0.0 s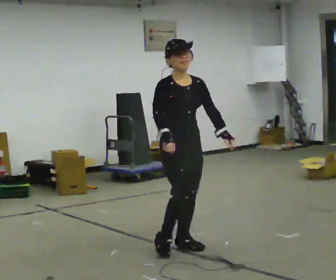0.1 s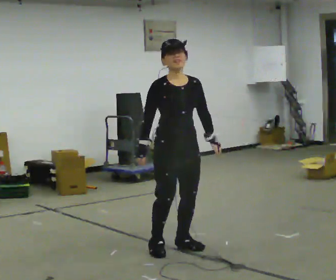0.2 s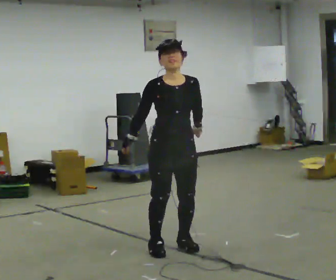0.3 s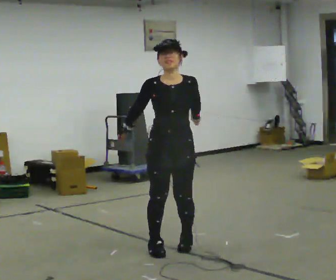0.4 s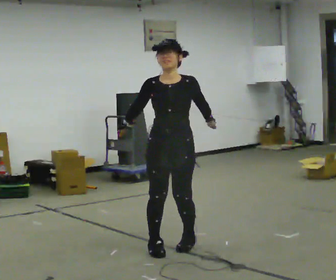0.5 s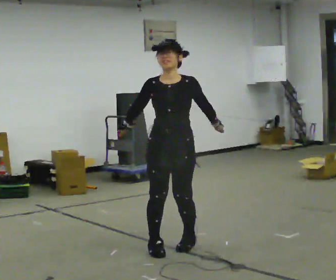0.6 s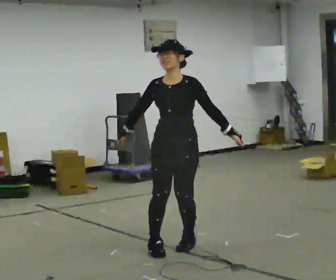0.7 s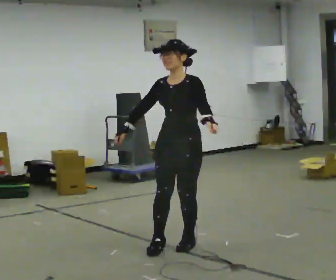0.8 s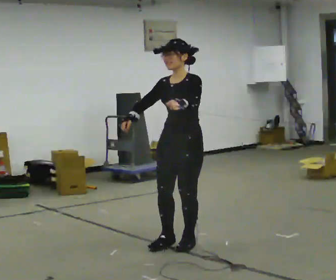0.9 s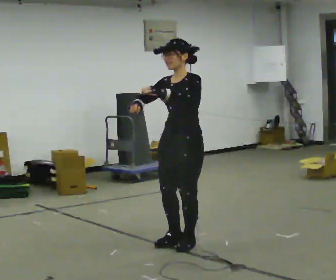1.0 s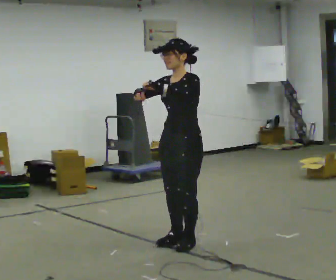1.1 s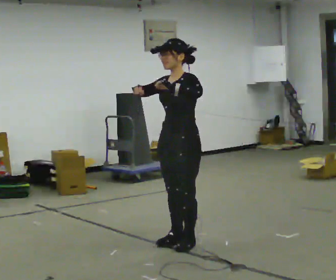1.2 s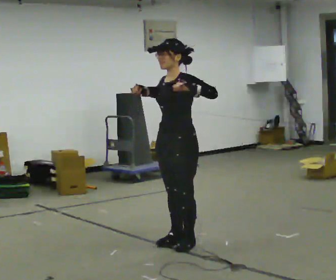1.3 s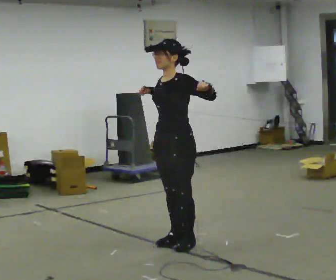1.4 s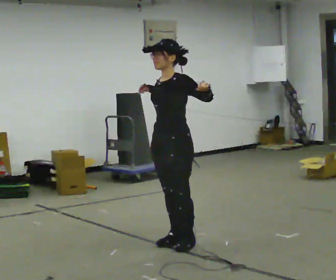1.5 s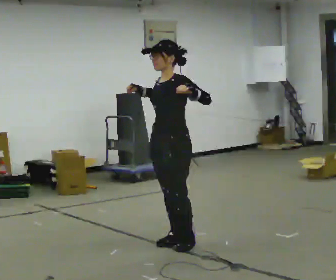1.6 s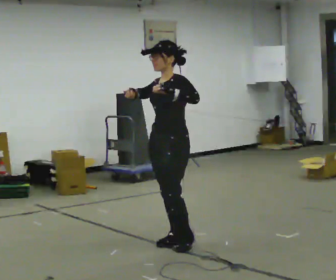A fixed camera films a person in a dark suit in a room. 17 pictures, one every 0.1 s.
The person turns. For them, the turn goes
to their right.
The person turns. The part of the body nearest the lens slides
to the left.
0.0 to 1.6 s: The part of the body nearest the lens slides to the left as the person turns to their right by about 90 degrees. In the picture they go away from the camera, about 0.25 m in 2 steps. In the picture their left hand goes to the left and upward.
The film runs forward here.
